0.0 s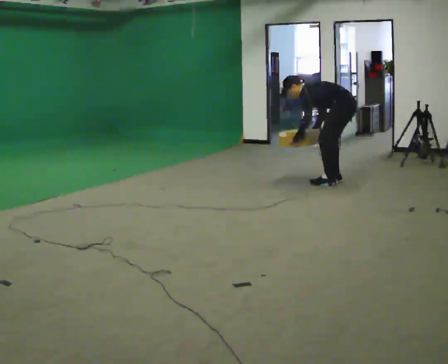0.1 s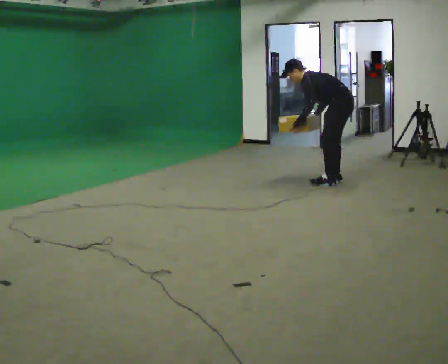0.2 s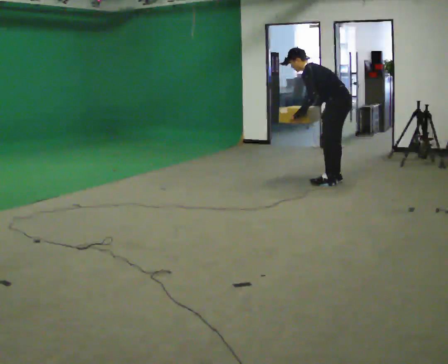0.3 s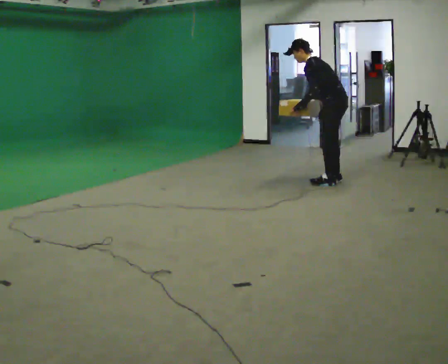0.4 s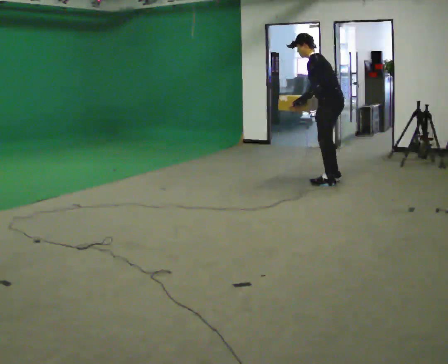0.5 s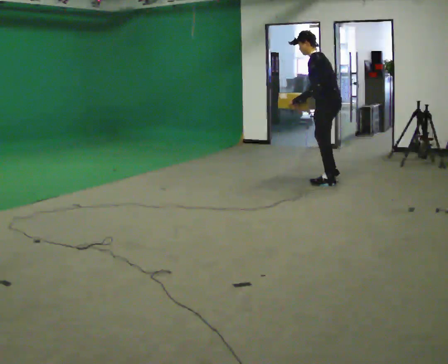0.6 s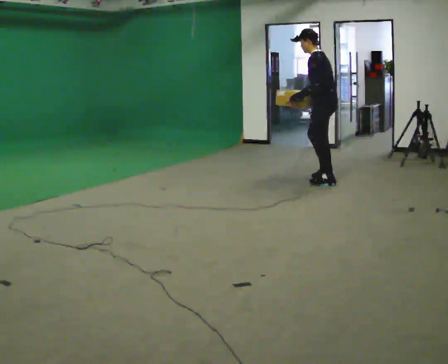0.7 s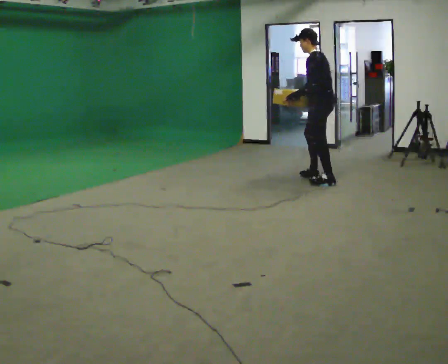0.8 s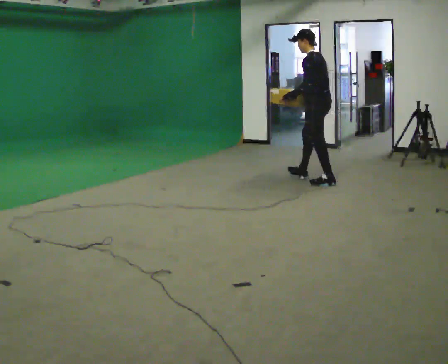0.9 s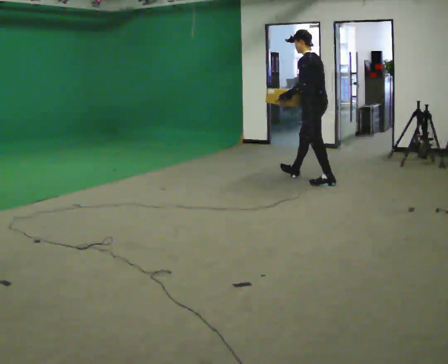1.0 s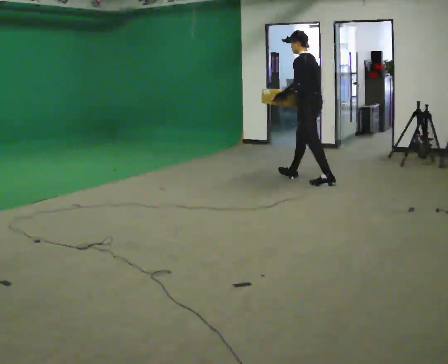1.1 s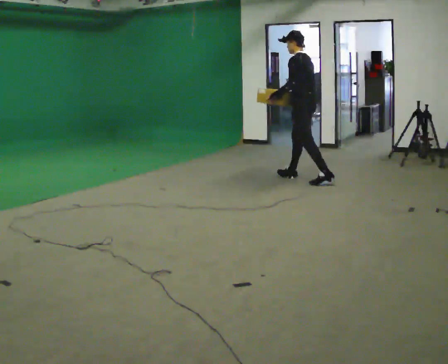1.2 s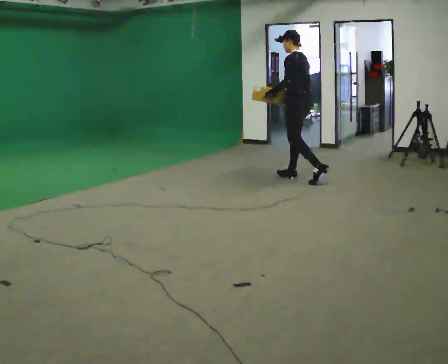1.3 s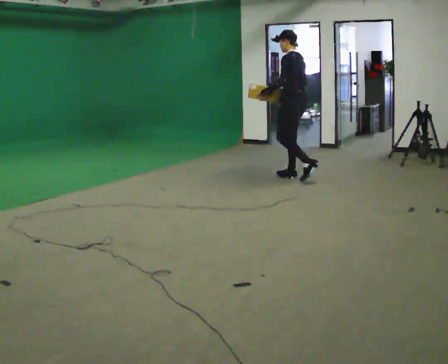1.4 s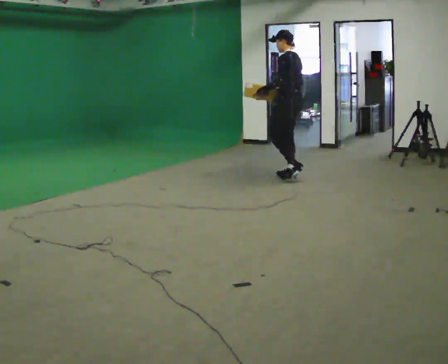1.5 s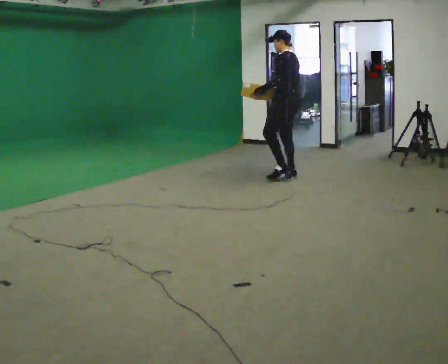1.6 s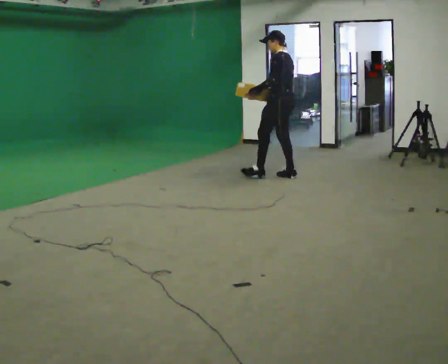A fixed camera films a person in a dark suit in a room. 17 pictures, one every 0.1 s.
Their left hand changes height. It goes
upward.
The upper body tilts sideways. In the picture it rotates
clockwise.
0.0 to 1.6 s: In the picture they go to the left and away from the camera, about 1 m in 1 step, which for them is forward. The upper body goes upward. In the picture the upper body tilts clockwise, shoulders to the right, as they lean back or straighten. In the picture their right hand goes upward.
The film runs forward here.
